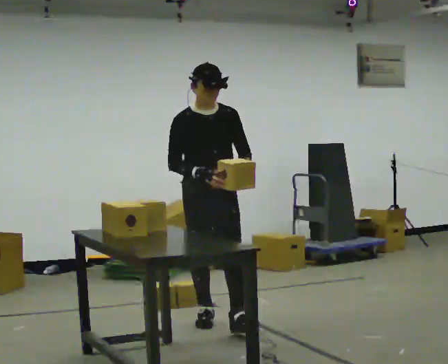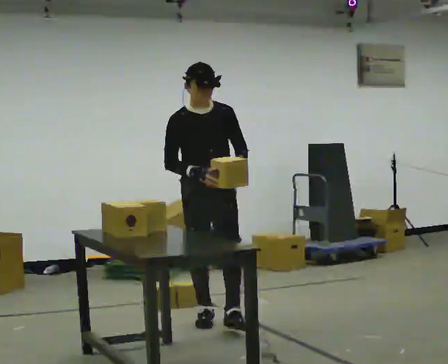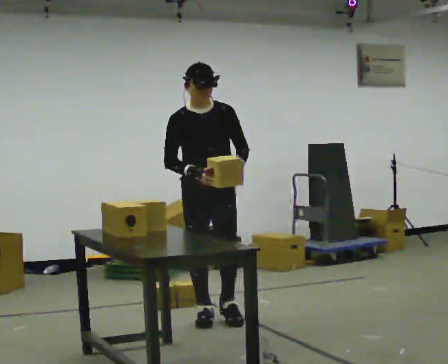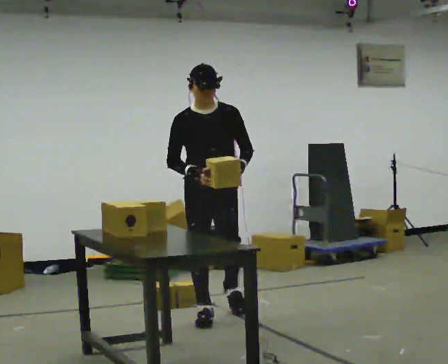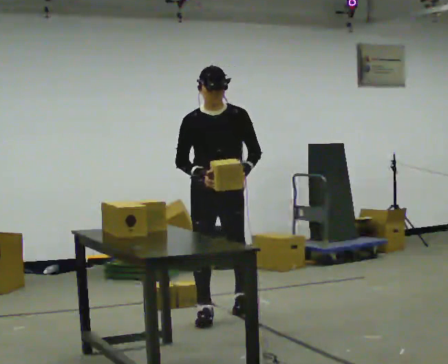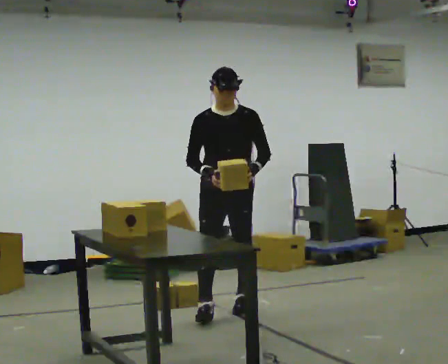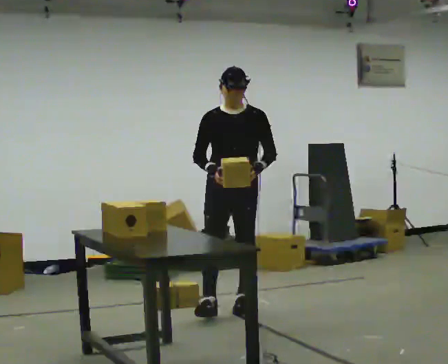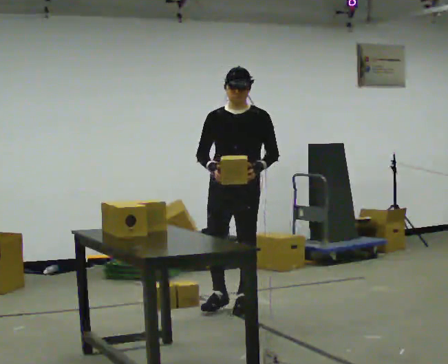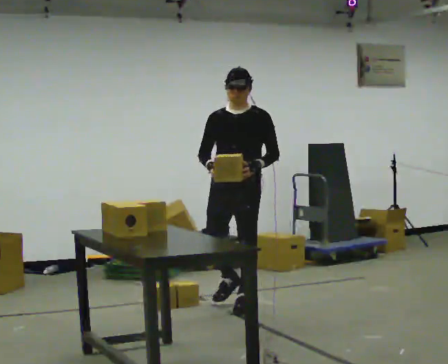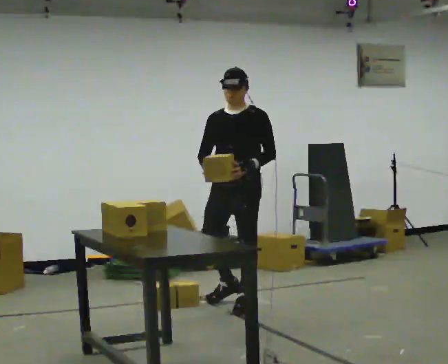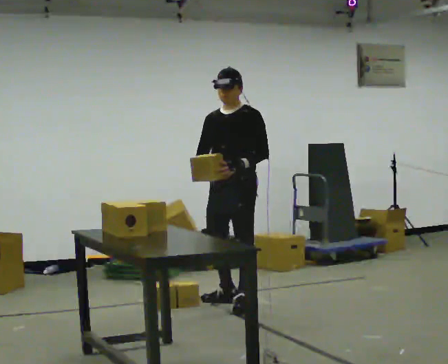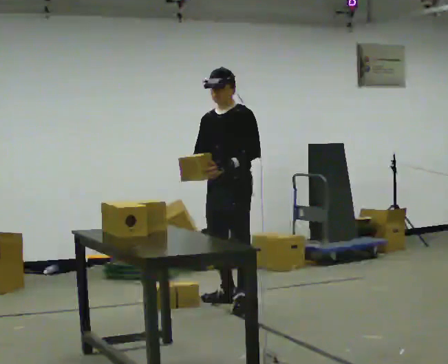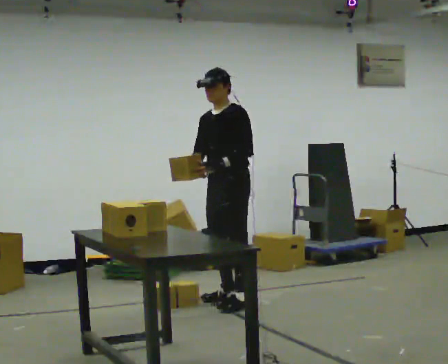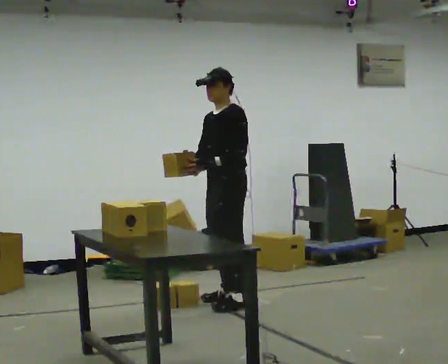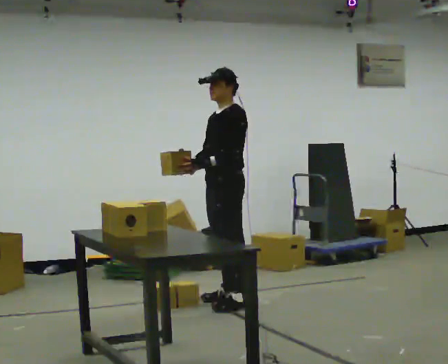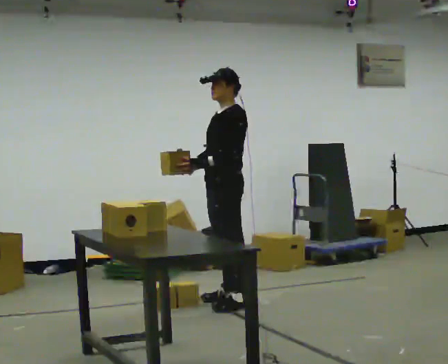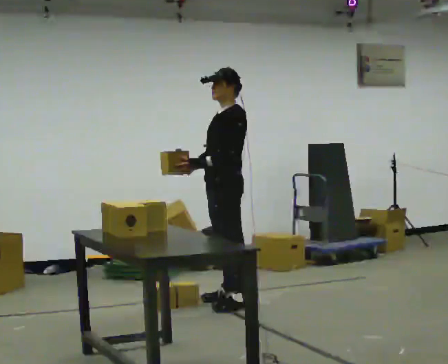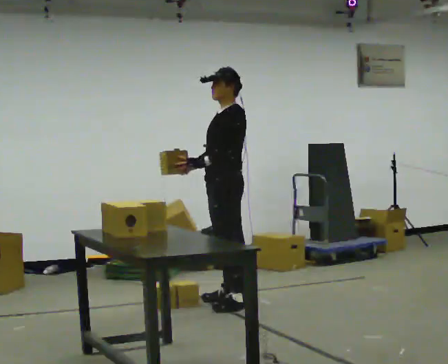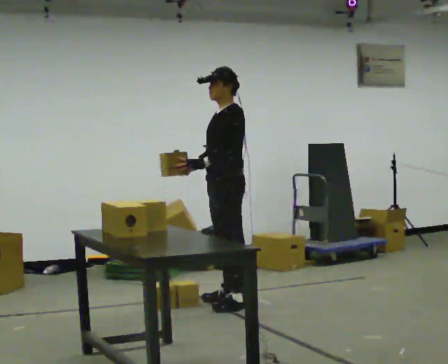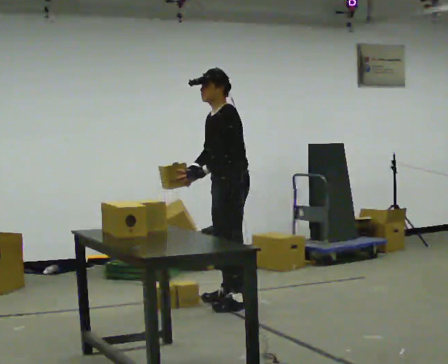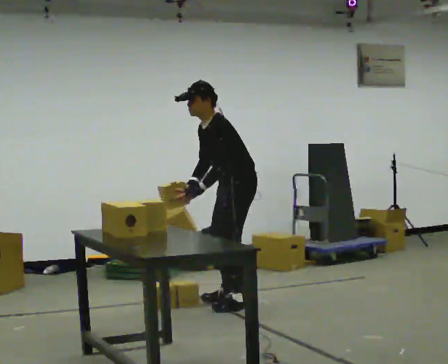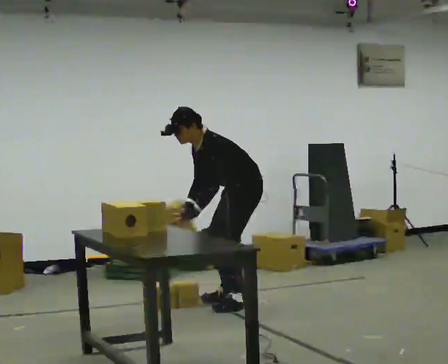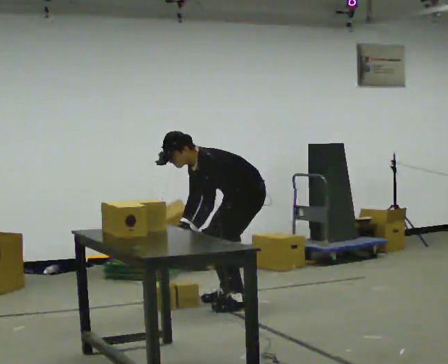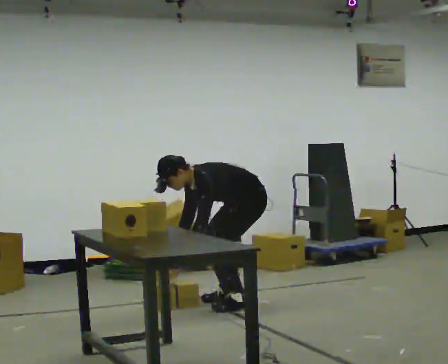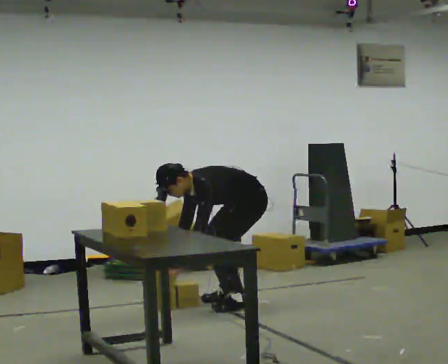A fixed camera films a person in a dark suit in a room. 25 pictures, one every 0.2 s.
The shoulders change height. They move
downward.
The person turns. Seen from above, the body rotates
clockwise.
0.0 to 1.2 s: In the picture they go away from the camera, about 0.5 m in 2 steps, which for them is backward.
1.2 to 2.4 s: The part of the body nearest the lens slides to the left as the person turns to their right by about 45 degrees. In the picture they go away from the camera, about 0.25 m, which for them is backward and to their right.
2.4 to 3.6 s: The person turns about 30 degrees to their right, clockwise seen from above, so the part of the body nearest the lens slides to the left.
3.6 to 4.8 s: The upper body goes downward. In the picture the upper body tilts counterclockwise, shoulders to the left, as they bend forward. In the picture their left hand goes downward.
The film runs backward here.
